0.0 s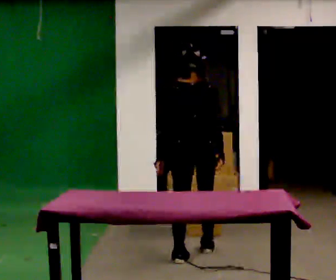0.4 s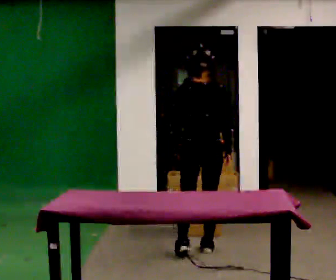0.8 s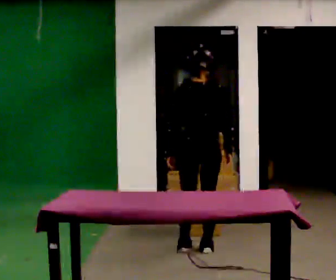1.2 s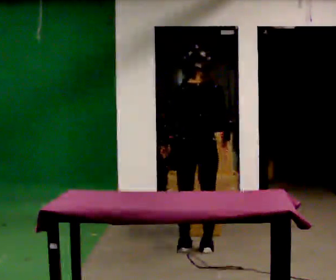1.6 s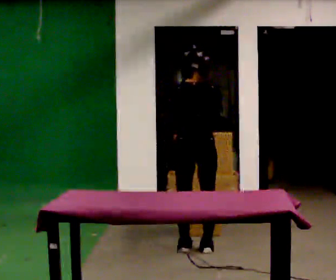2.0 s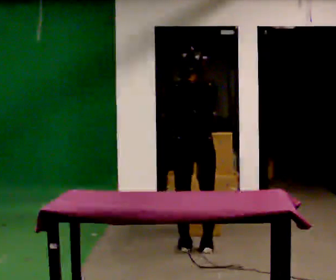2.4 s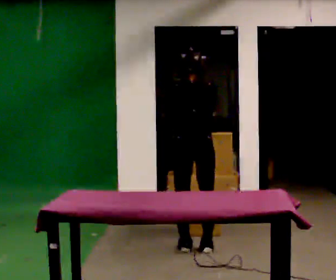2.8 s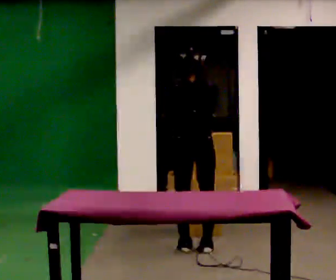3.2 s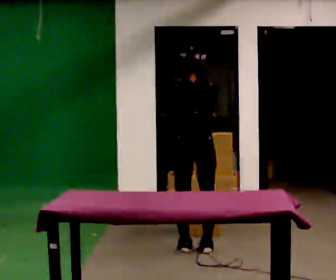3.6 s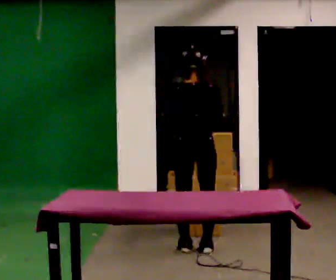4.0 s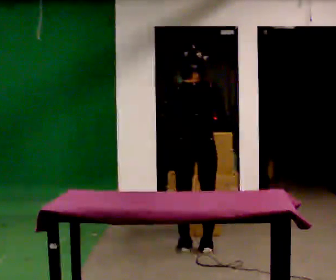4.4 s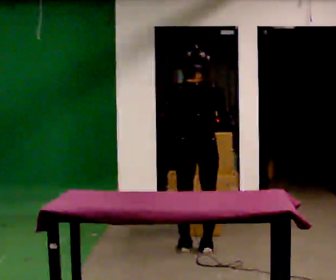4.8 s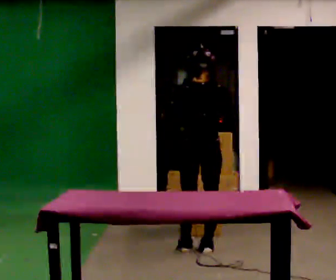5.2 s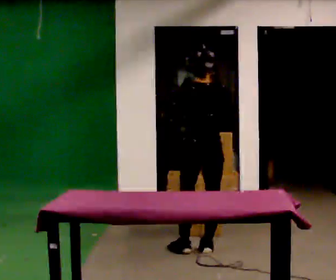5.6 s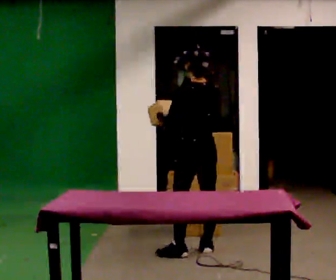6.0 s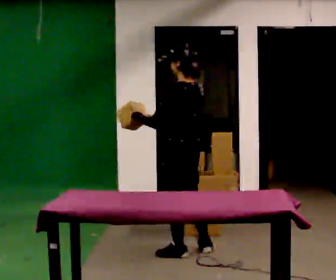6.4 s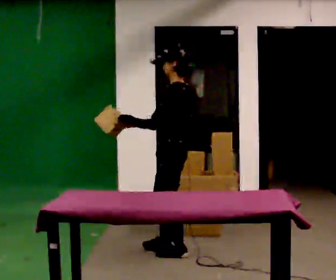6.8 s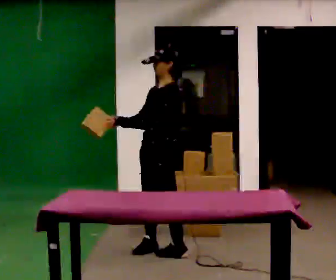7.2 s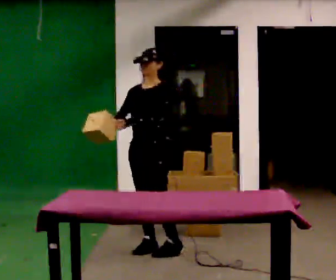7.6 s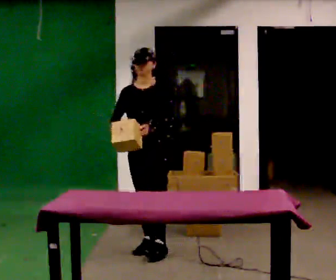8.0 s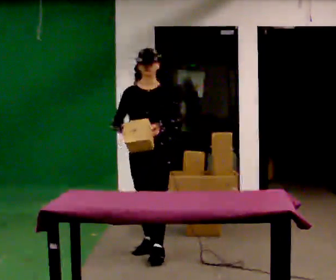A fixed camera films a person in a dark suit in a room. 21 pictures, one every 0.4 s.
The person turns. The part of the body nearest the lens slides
to the right.
The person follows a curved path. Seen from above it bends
counterclockwise.
0.0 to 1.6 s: In the picture they go away from the camera, about 0.25 m in 1 step, which for them is forward.
1.6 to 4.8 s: The person moves a little, or ends about where they began.
4.8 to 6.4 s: The person turns about 75 degrees to their left, counterclockwise seen from above, so the part of the body nearest the lens slides to the right. In the picture they go to the left and toward the camera, about 0.25 m.
6.4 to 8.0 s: The part of the body nearest the lens slides to the right as the person turns to their left by about 90 degrees. In the picture they go to the left, about 0.25 m in 2 steps.
The film runs forward here.
